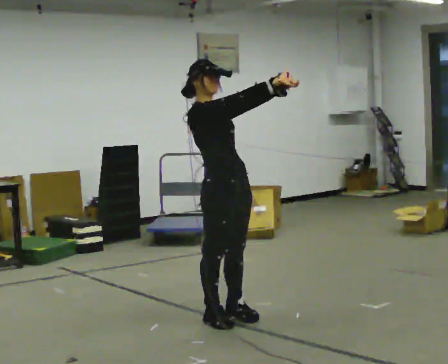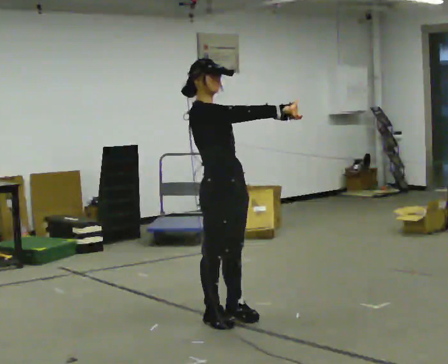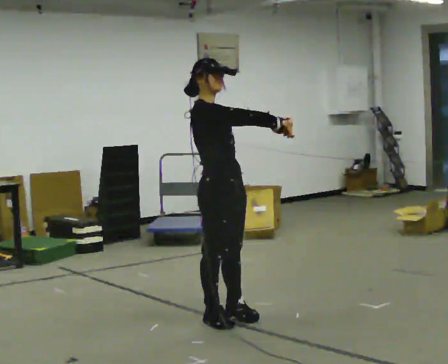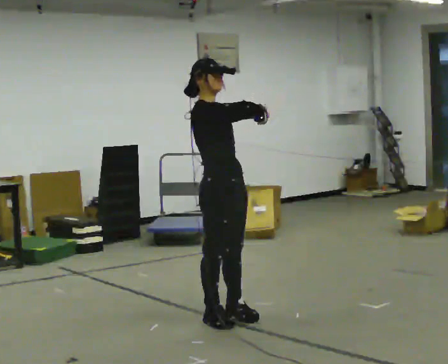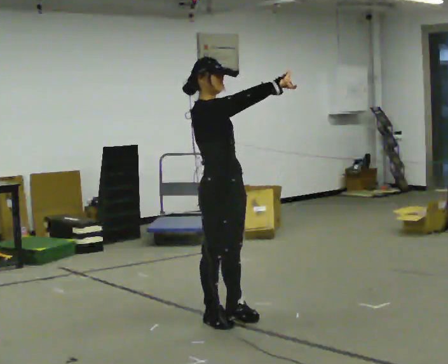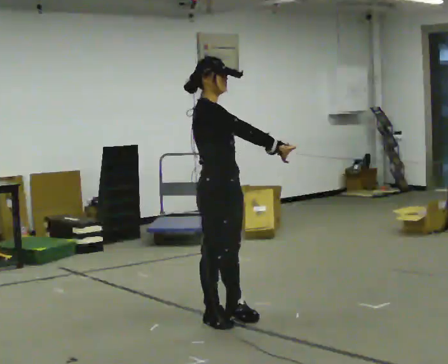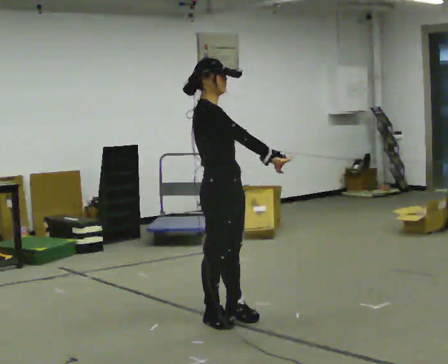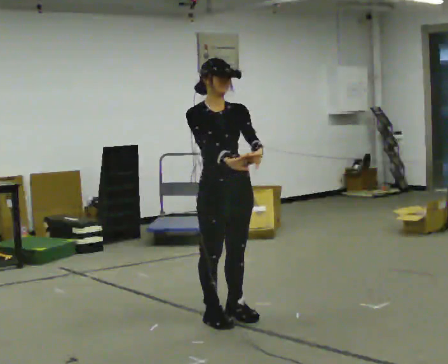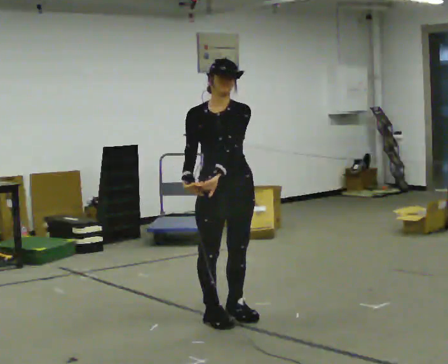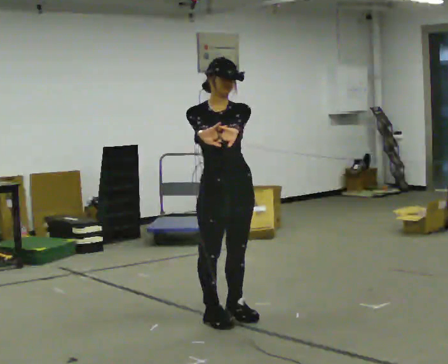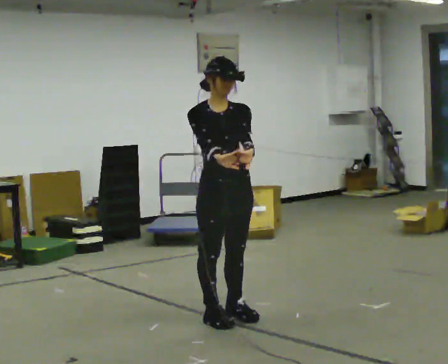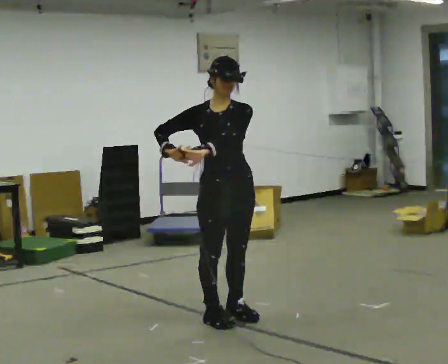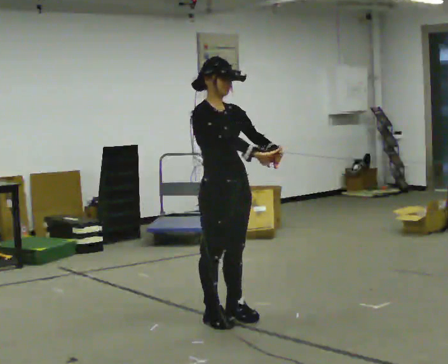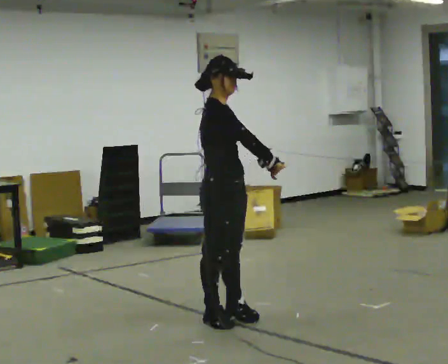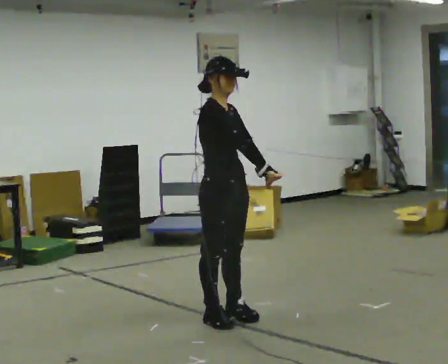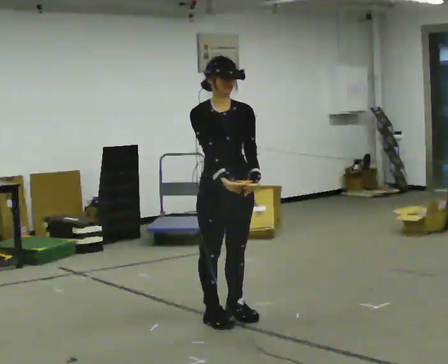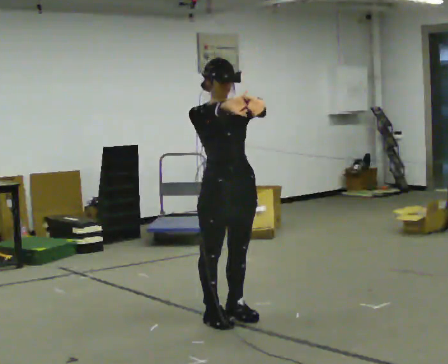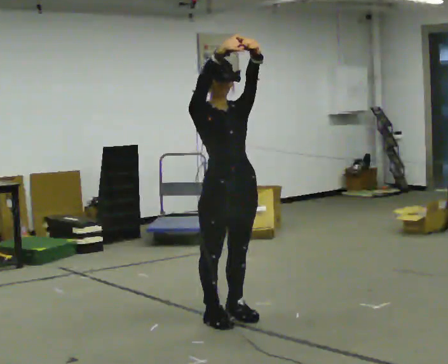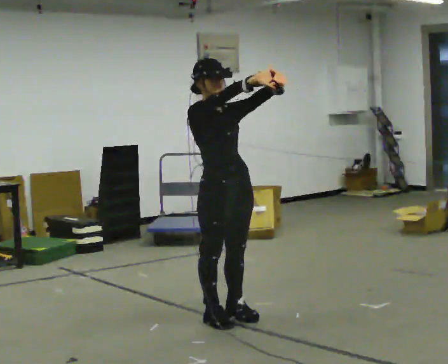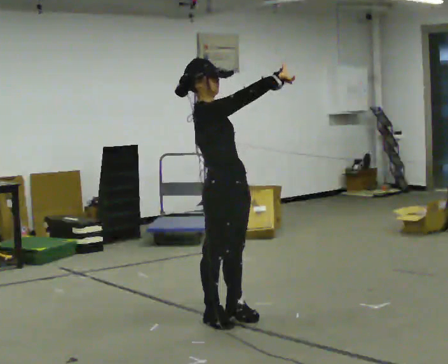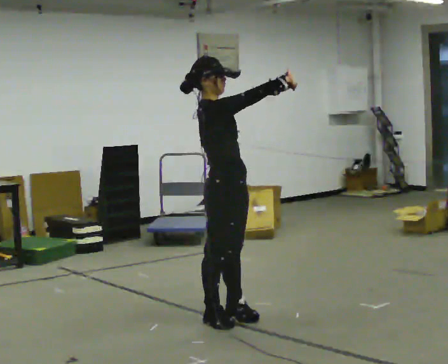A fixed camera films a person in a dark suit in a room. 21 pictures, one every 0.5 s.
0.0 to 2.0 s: The person moves a little, or ends about where they began.
2.0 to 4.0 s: Seen from above the body turns clockwise, about 60 degrees: to their right, with its near side sliding to the left. In the picture their left hand goes downward and to the left.
4.0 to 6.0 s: The person turns about 45 degrees to their left, counterclockwise seen from above, so the part of the body nearest the lens slides to the right. In the picture their right hand goes to the right.
6.0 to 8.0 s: The part of the body nearest the lens slides to the left as the person turns to their right by about 30 degrees.
8.0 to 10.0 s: Seen from above the body turns counterclockwise, about 60 degrees: to their left, with its near side sliding to the right.
The film runs backward here.
